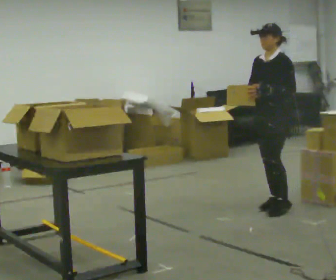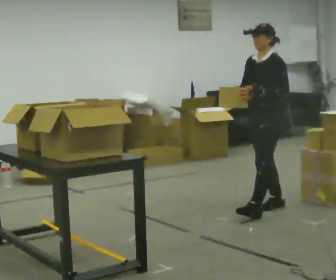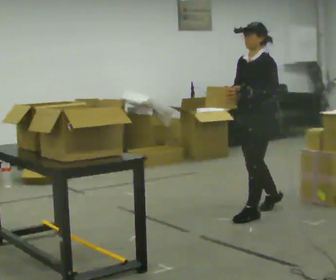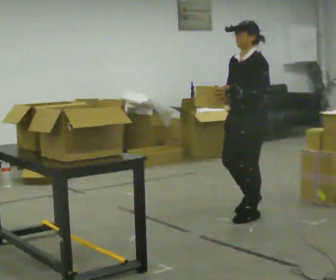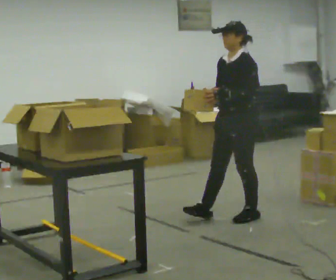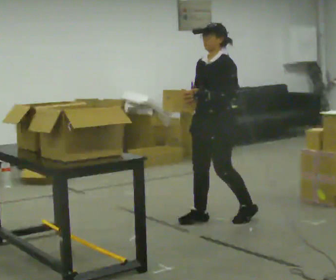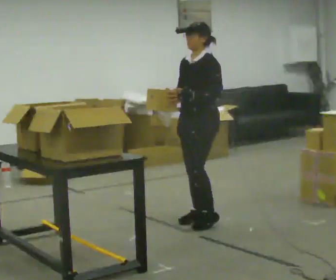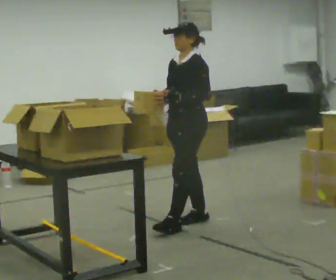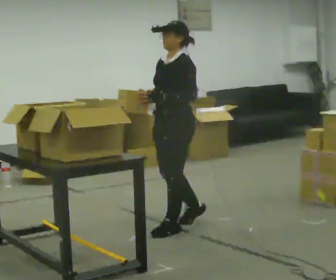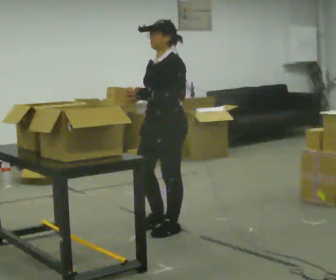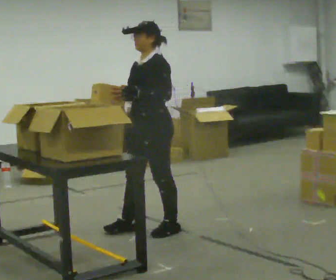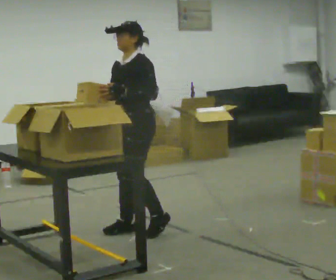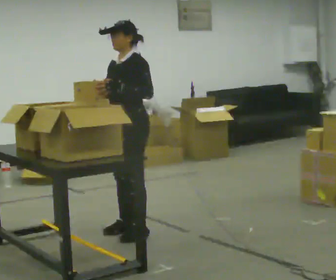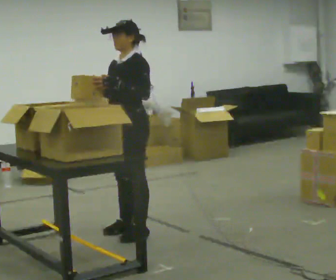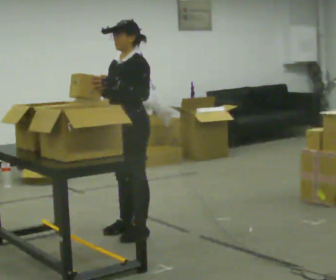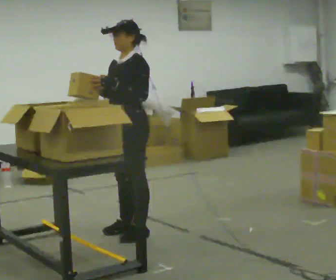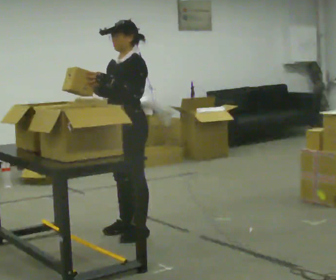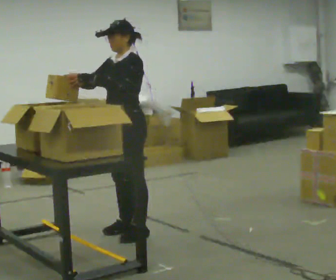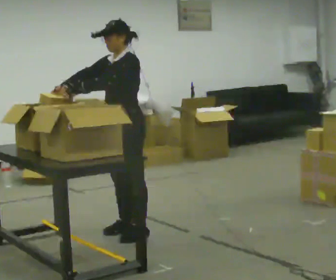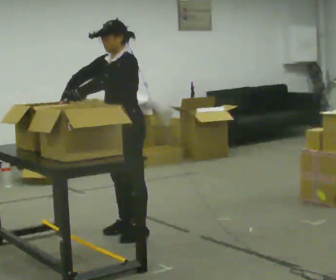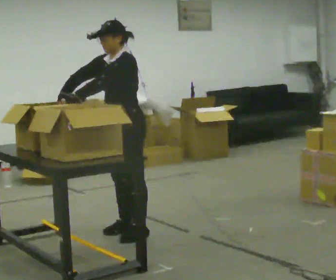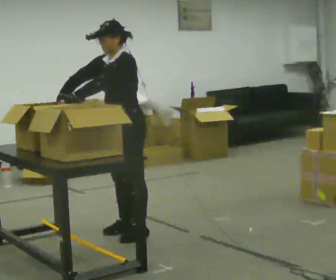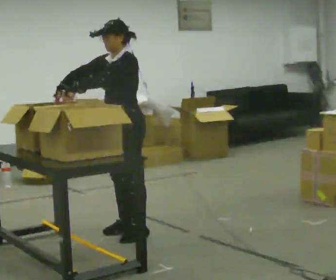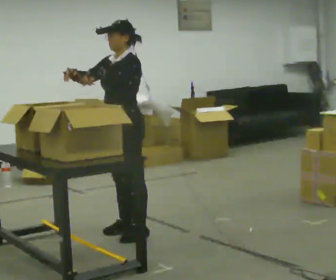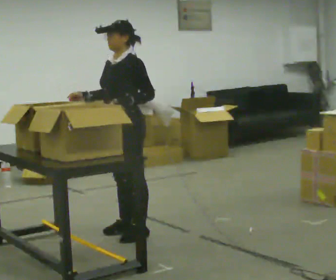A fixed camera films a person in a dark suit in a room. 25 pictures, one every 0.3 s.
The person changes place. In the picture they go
to the left.
0.0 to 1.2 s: In the picture they go to the left and toward the camera, about 0.5 m in 1 step, which for them is forward.
1.2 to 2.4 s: In the picture they go to the left, about 0.5 m in 2 steps, which for them is forward.
2.4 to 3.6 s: In the picture they go to the left, about 0.25 m in 2 steps, which for them is forward.
3.6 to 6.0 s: In the picture their left hand goes to the left.
6.0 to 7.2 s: In the picture their left hand goes to the right.
The film runs forward here.
